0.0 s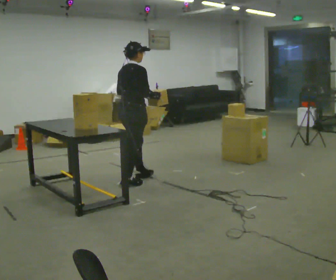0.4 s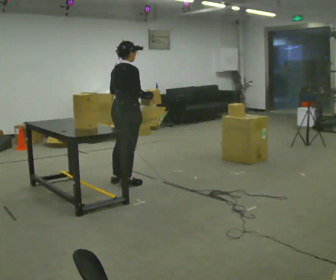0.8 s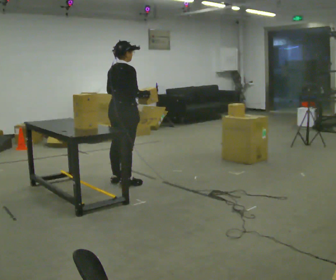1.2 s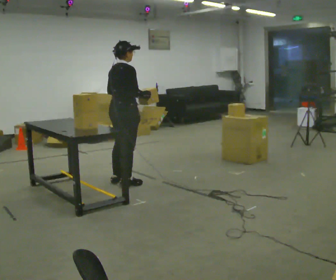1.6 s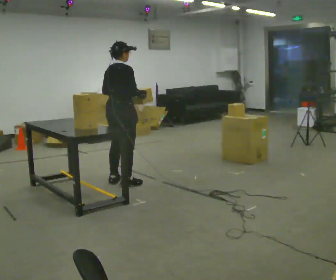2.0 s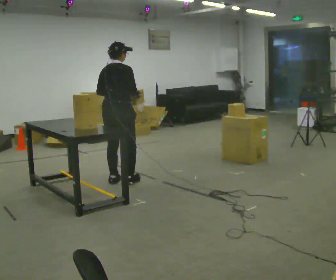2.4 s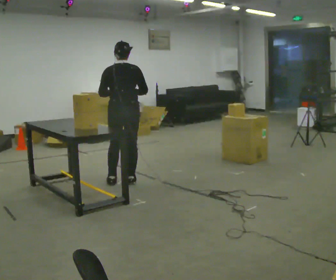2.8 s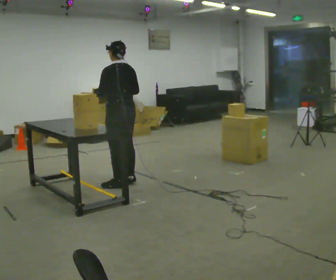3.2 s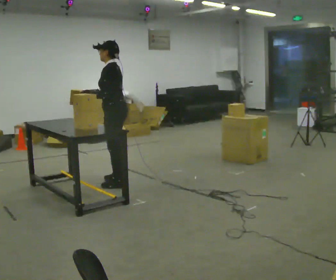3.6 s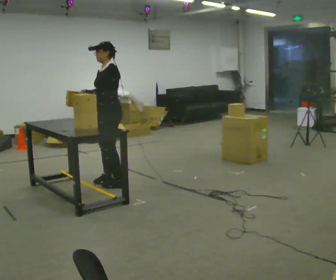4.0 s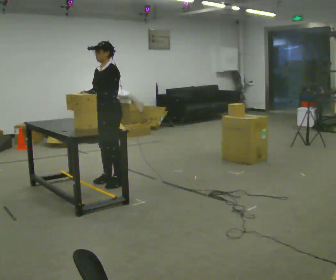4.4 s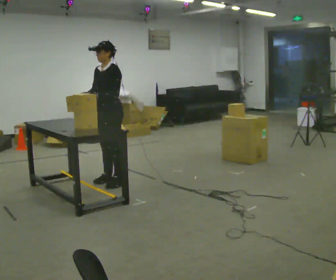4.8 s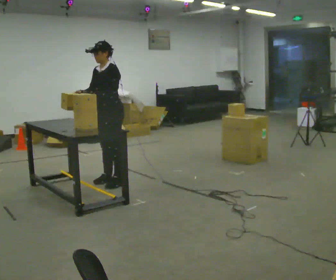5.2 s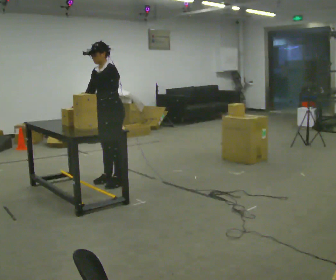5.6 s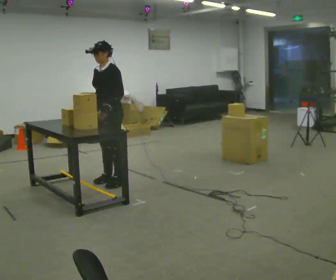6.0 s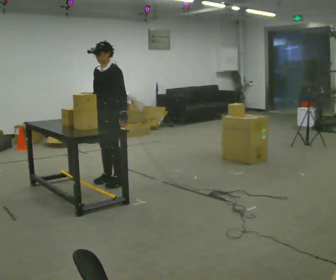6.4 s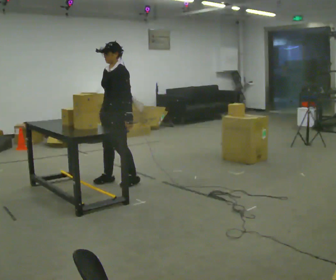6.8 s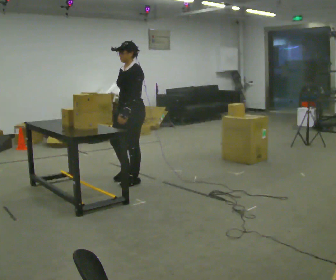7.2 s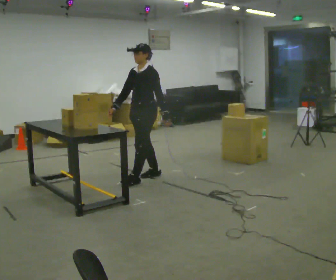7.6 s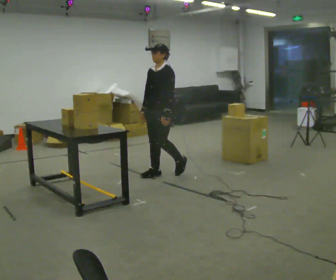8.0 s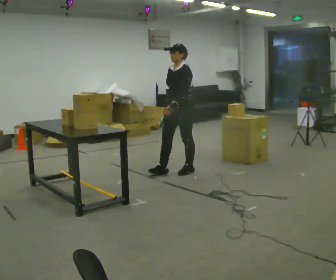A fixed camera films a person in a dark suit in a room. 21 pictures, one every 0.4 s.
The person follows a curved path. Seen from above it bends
clockwise.
The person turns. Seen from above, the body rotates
counterclockwise.
0.0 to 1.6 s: The person moves a little, or ends about where they began.
1.6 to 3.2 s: The part of the body nearest the lens slides to the right as the person turns to their left by about 120 degrees. In the picture their right hand goes to the left.
3.2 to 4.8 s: The person turns about 45 degrees to their left, counterclockwise seen from above, so the part of the body nearest the lens slides to the right.
4.8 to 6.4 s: In the picture their left hand goes to the right, the arm swinging counterclockwise.
6.4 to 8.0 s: In the picture they go to the right, about 1 m in 3 steps, which for them is backward.
The film runs backward here.
